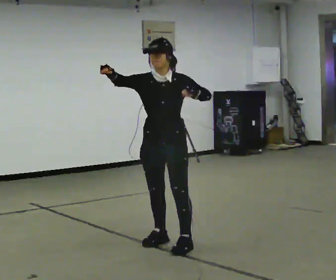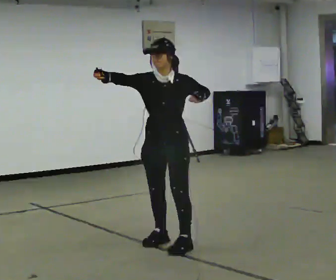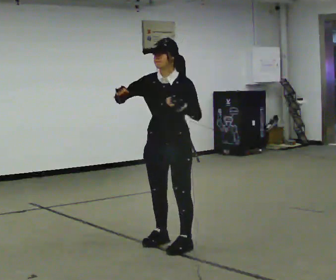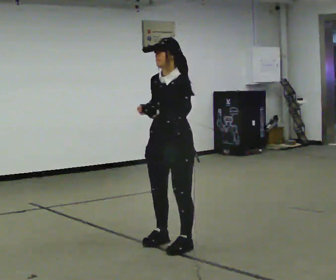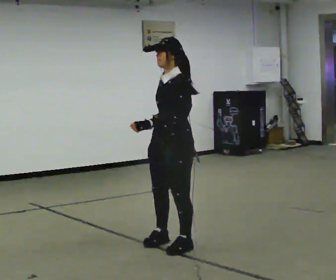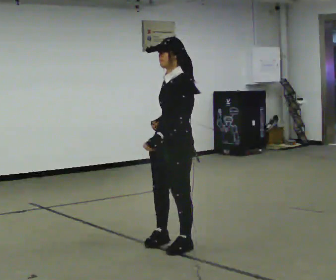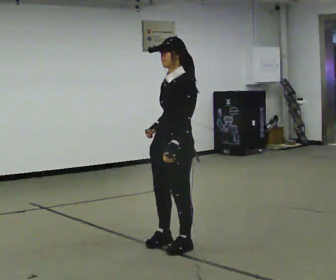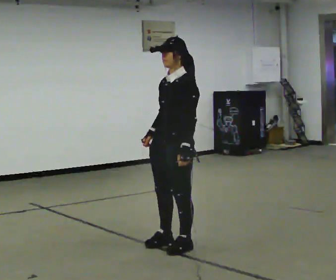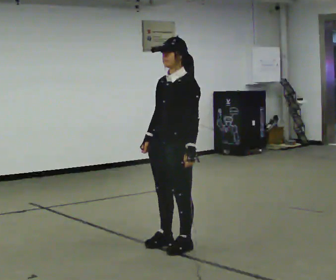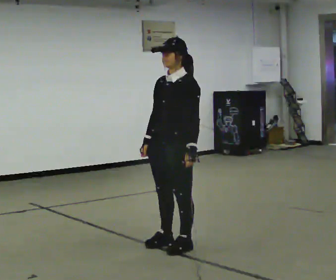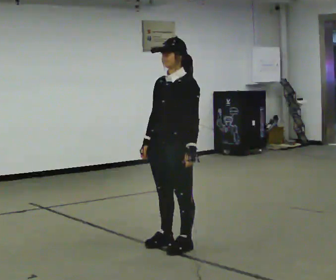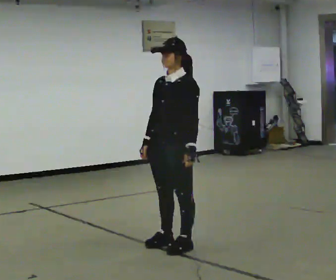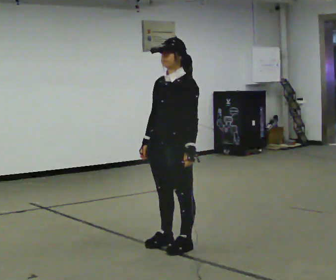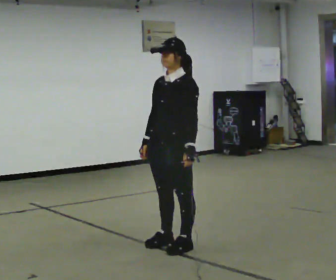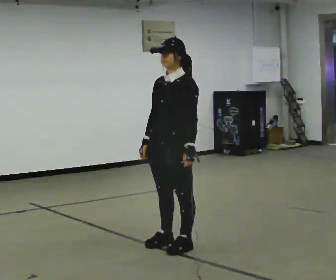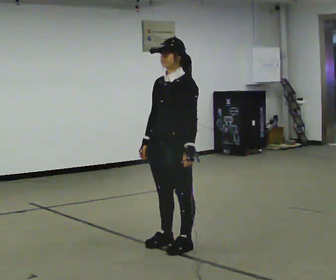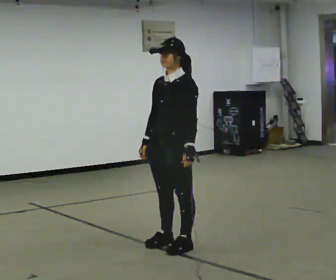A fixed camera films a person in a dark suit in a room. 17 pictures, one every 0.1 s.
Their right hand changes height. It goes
downward.
0.0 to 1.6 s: The part of the body nearest the lens slides to the left as the person turns to their right by about 30 degrees. In the picture their right hand goes downward.
The film runs backward here.
